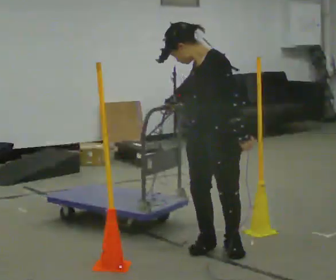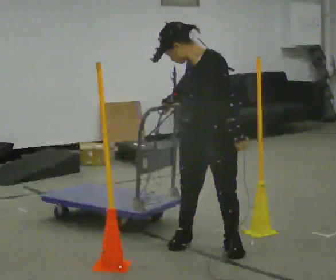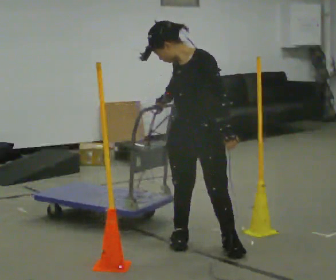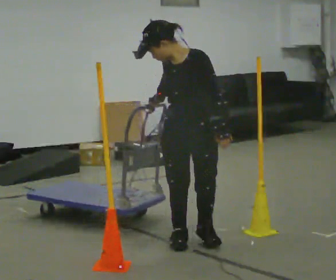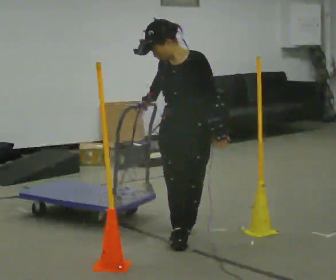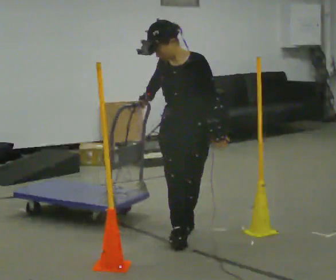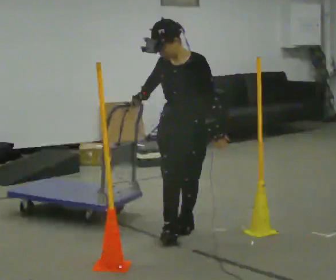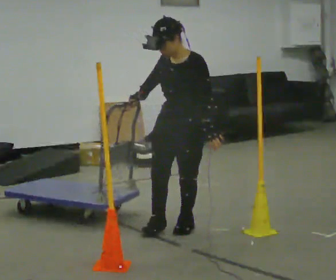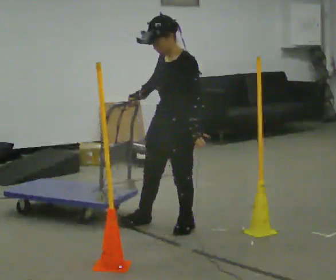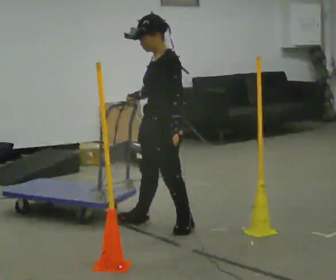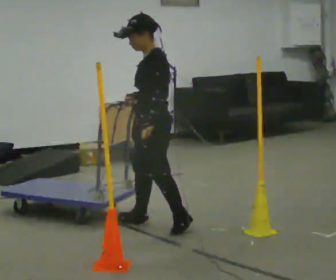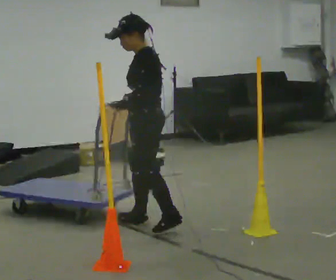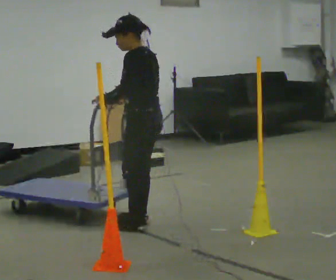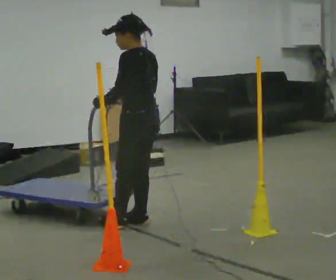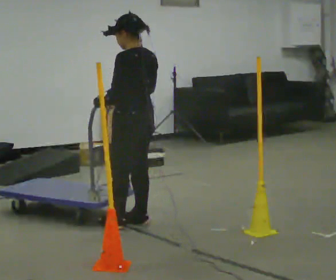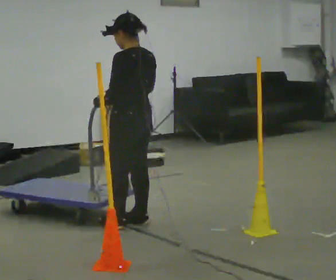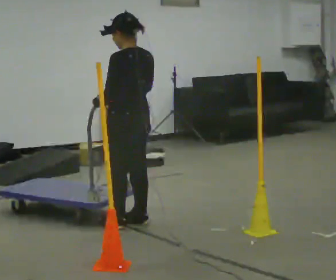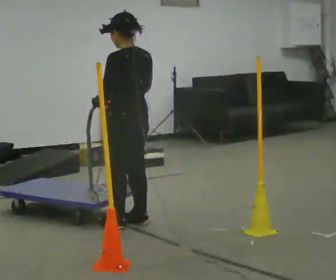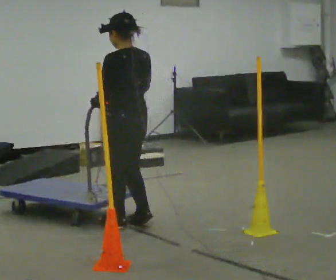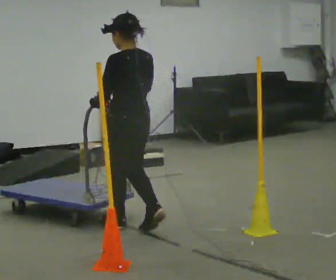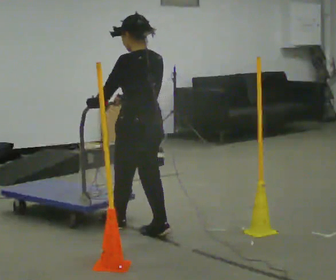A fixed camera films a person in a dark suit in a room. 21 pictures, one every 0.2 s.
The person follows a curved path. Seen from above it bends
counterclockwise.
0.0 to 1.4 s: The person turns about 30 degrees to their left, counterclockwise seen from above, so the part of the body nearest the lens slides to the right. In the picture they go away from the camera and to the left, about 0.5 m in 2 steps, which for them is to their right and backward.
1.4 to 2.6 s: The part of the body nearest the lens slides to the left as the person turns to their right by about 90 degrees. In the picture they go to the left, about 0.25 m in 1 step.
2.6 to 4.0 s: In the picture they go toward the camera, about 0.25 m in 1 step, which for them is to their left and backward.
The film runs backward here.
